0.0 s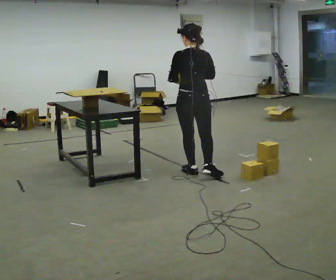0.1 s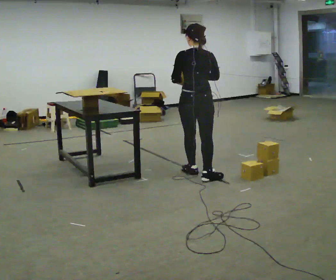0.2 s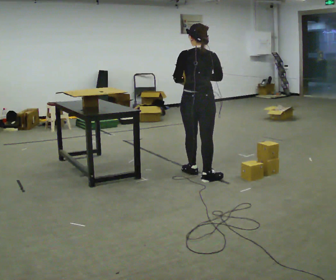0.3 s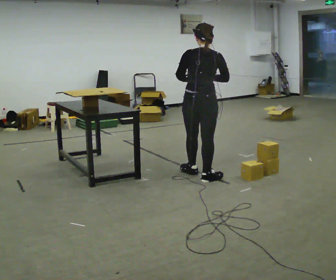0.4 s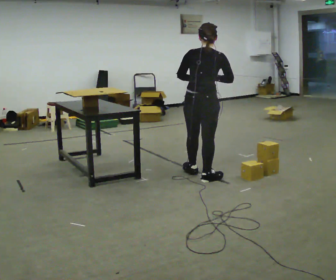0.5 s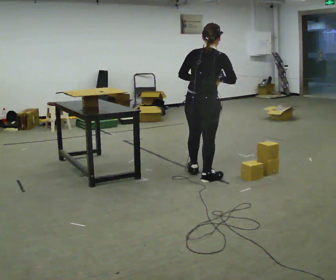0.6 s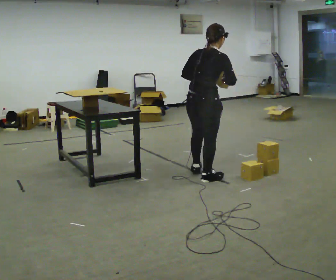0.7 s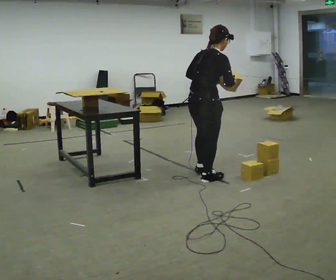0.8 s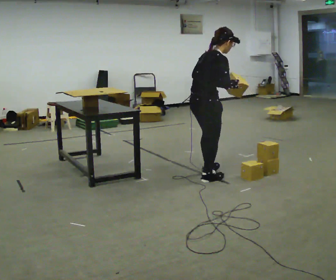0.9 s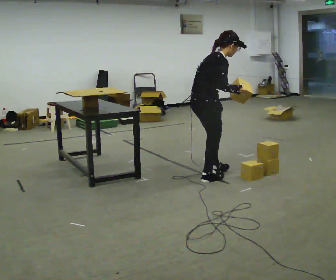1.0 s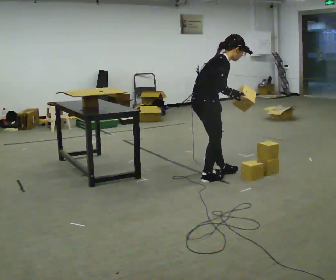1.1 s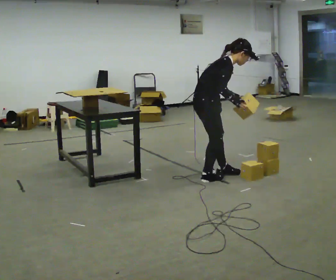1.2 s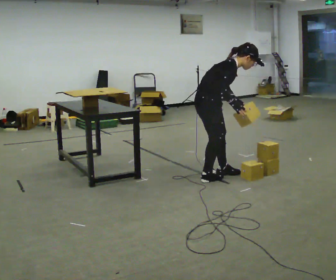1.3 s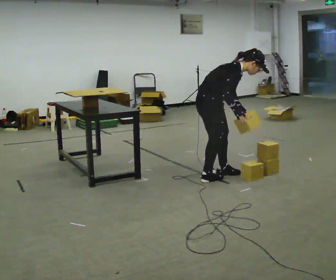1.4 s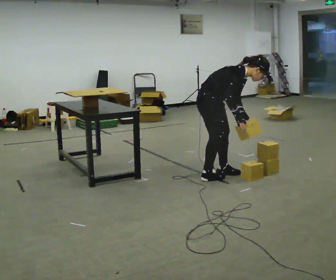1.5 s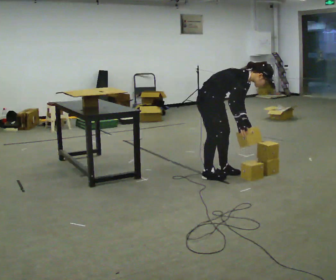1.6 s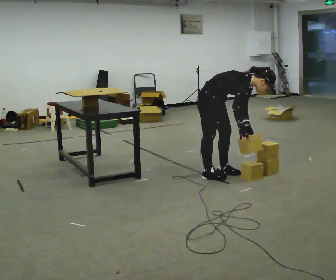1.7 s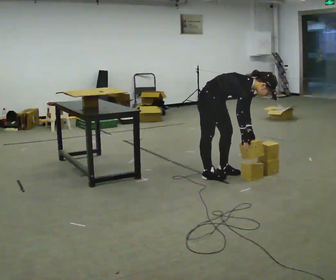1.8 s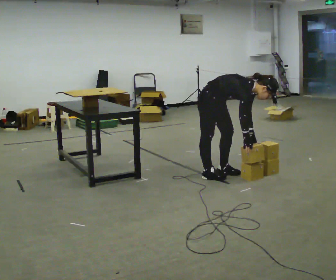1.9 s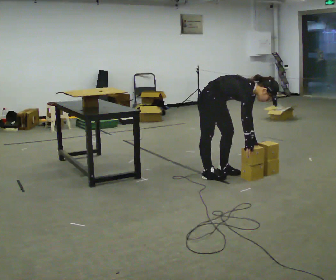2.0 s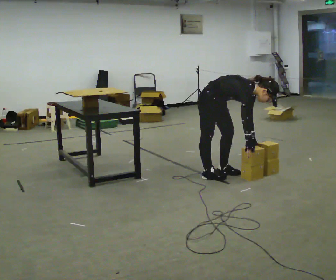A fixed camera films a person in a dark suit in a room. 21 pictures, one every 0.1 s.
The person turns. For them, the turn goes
to their right.
The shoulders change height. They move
downward.
0.0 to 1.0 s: Seen from above the body turns clockwise, about 90 degrees: to their right, with its near side sliding to the left. In the picture they go toward the camera, about 0.25 m in 1 step. In the picture the upper body tilts clockwise, shoulders to the right, as they bend forward. In the picture their right hand goes to the right.
1.0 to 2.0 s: The part of the body nearest the lens slides to the left as the person turns to their right by about 30 degrees. In the picture they go away from the camera, about 0.25 m in 1 step, which for them is to their left. The shoulders move downward. In the picture the upper body tilts clockwise, shoulders to the right, as they bend forward. In the picture their left hand goes downward and to the right.
The film runs backward here.
